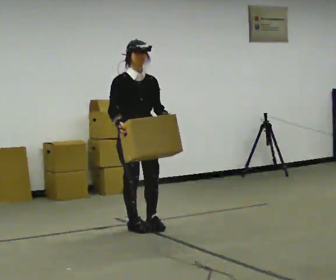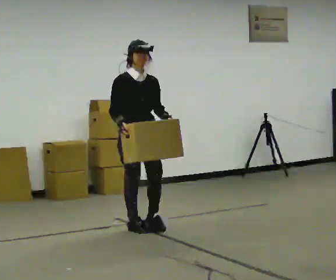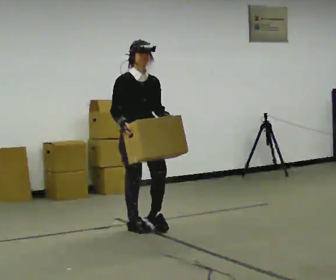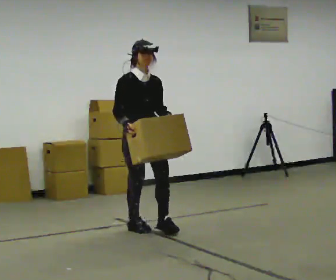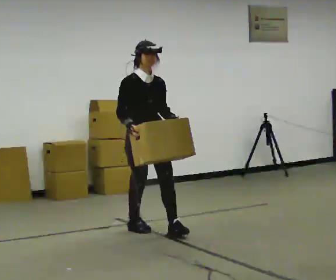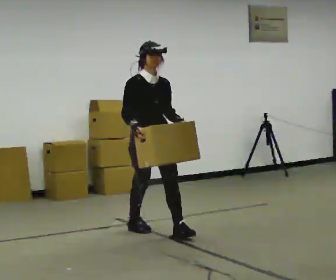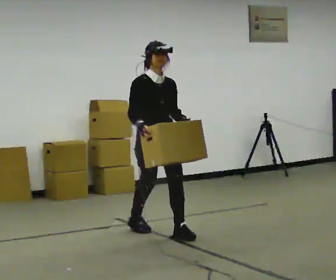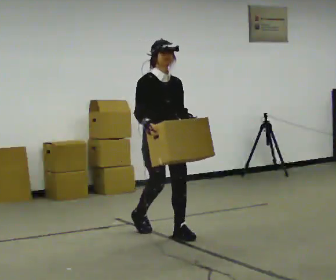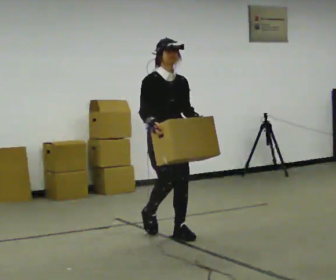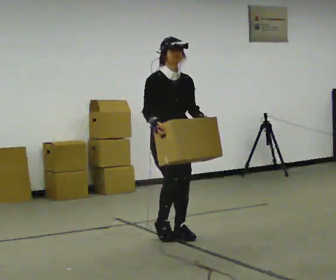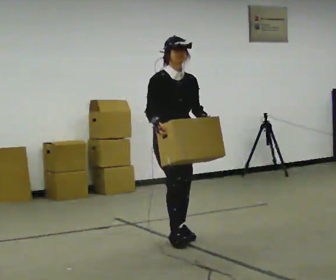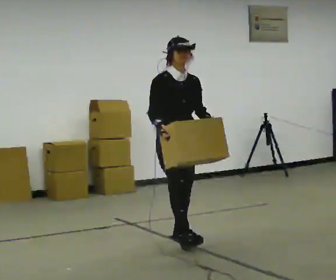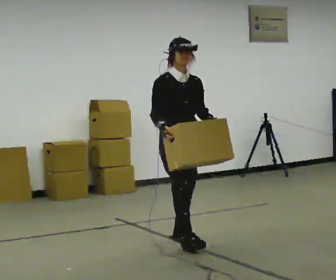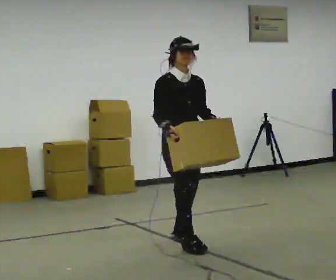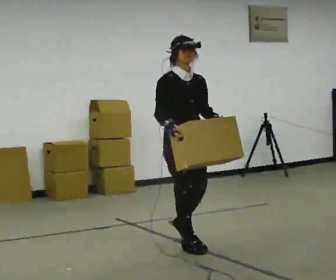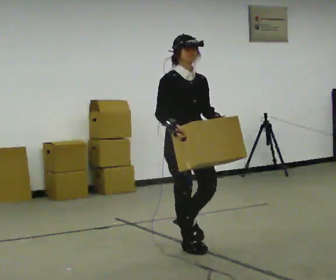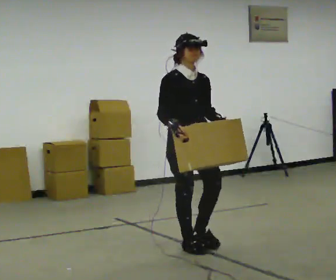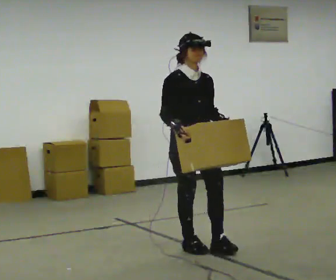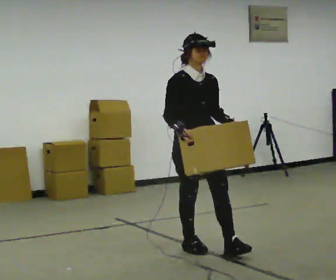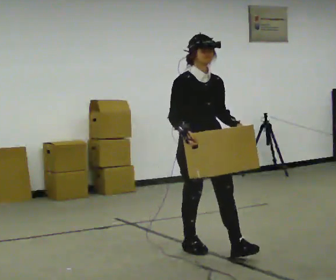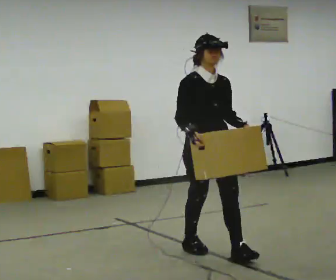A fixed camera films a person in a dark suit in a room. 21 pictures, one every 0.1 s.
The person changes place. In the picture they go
toward the camera.
0.0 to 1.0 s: In the picture they go toward the camera and to the right, about 0.5 m in 1 step, which for them is forward.
1.0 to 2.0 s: In the picture they go toward the camera and to the right, about 0.5 m in 2 steps, which for them is forward.
The film runs forward here.
